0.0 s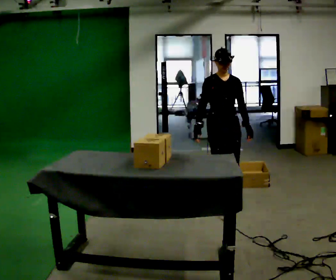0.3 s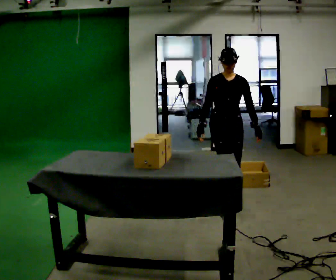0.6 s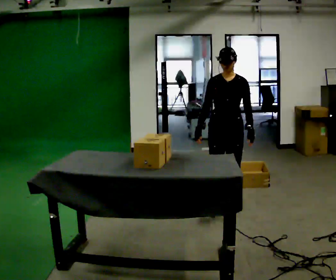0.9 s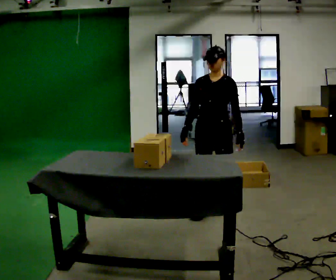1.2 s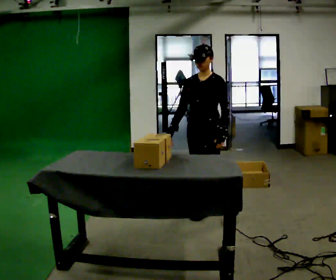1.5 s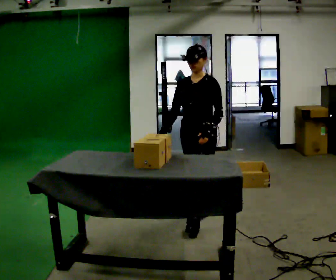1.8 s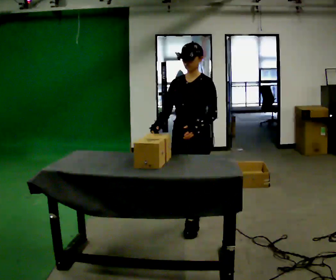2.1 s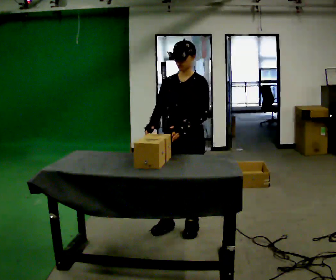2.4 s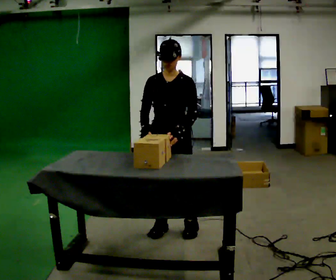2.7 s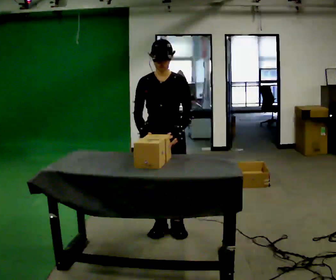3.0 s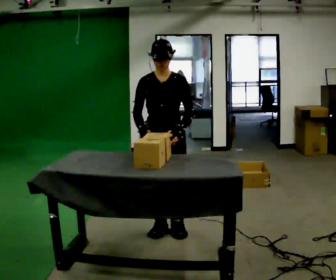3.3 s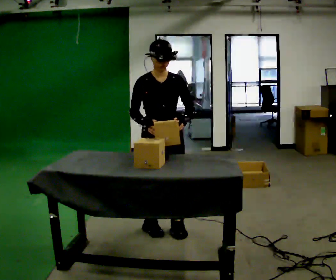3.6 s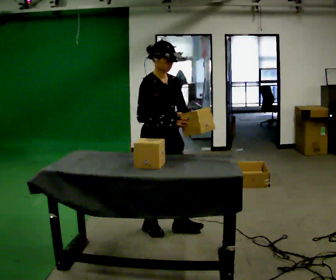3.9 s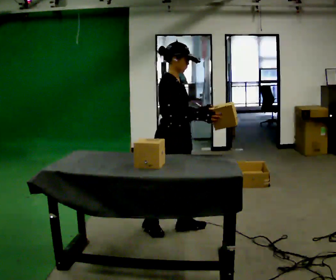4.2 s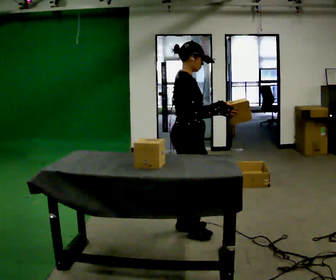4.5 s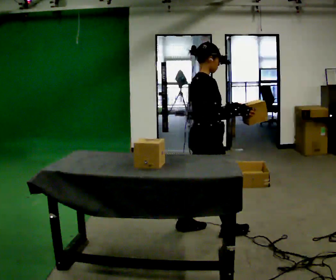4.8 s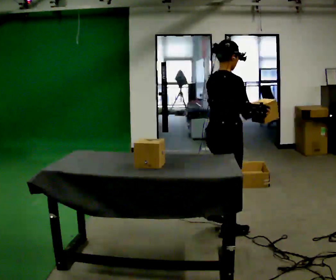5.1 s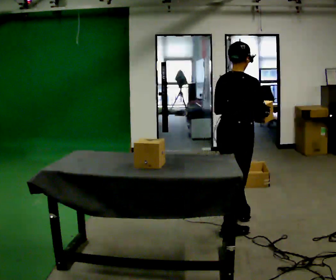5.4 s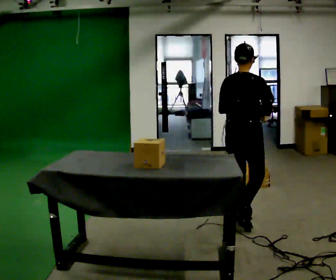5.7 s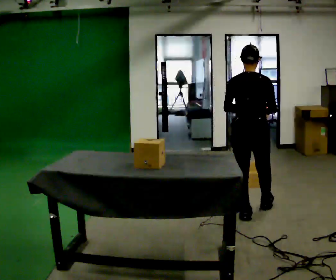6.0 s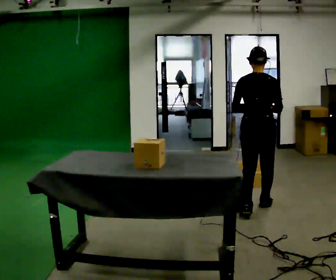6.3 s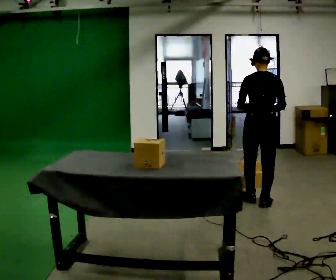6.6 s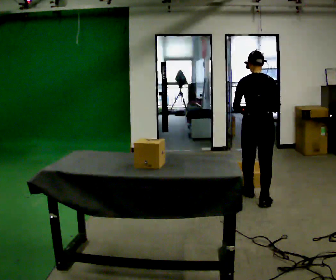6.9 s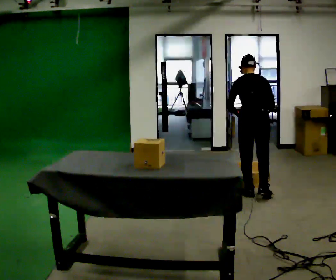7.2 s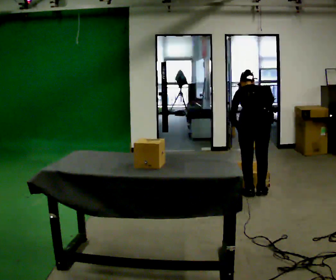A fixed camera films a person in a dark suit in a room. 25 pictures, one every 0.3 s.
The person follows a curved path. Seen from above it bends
counterclockwise.
0.0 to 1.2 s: The person turns about 45 degrees to their right, clockwise seen from above, so the part of the body nearest the lens slides to the left. In the picture they go toward the camera and to the left, about 0.5 m in 1 step, which for them is forward.
1.2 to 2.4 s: In the picture they go toward the camera and to the left, about 0.5 m in 2 steps, which for them is forward.
2.4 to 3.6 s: The person turns about 60 degrees to their left, counterclockwise seen from above, so the part of the body nearest the lens slides to the right.
3.6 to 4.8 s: Seen from above the body turns counterclockwise, about 60 degrees: to their left, with its near side sliding to the right. In the picture they go to the right, about 0.5 m in 1 step.
4.8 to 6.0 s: The part of the body nearest the lens slides to the right as the person turns to their left by about 45 degrees. In the picture they go away from the camera and to the right, about 0.75 m in 2 steps, which for them is forward.
6.0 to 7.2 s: In the picture they go away from the camera, about 0.5 m in 2 steps, which for them is forward. The upper body tips away from the camera, its near side rolling upward, as they bend forward.
The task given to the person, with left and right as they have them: Take each object from the table and put it in the bin that matches it, walking between the bins. Keep going until the operator says stop; one object at a time, and do not rush between trips.
The film runs forward here.
